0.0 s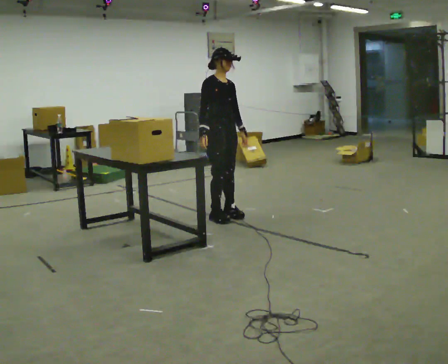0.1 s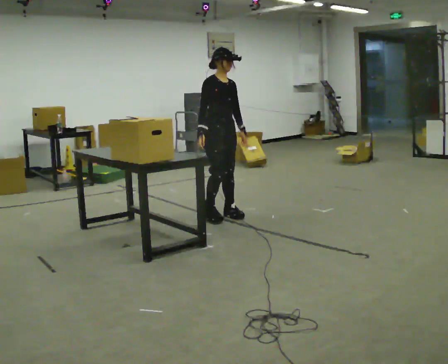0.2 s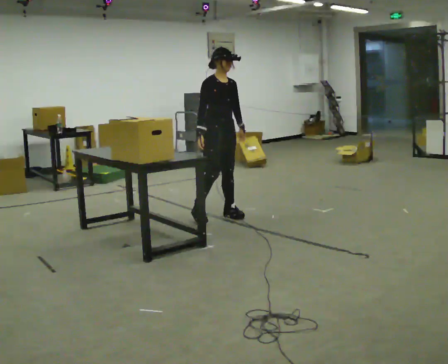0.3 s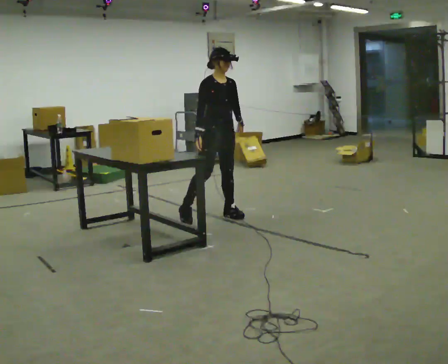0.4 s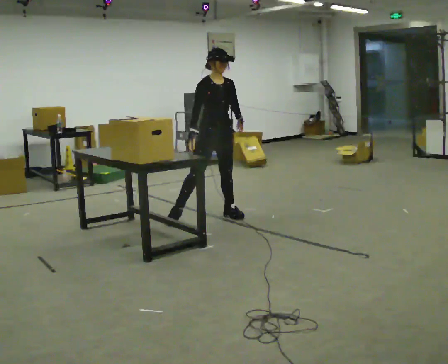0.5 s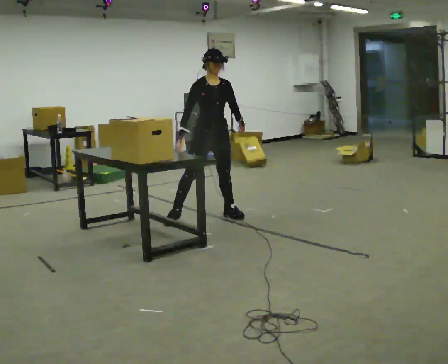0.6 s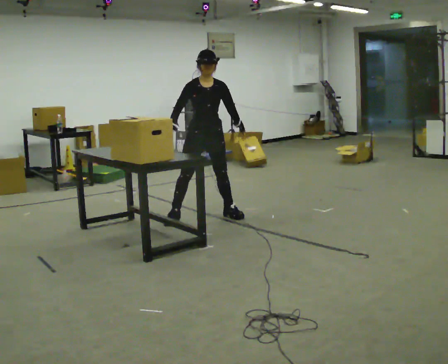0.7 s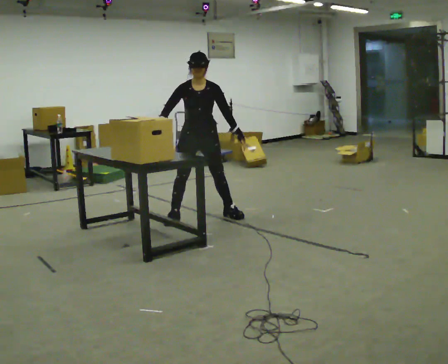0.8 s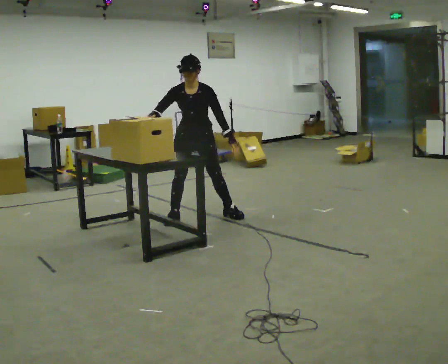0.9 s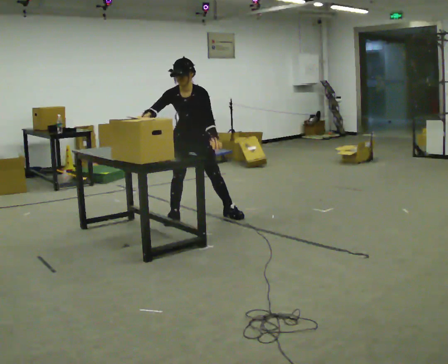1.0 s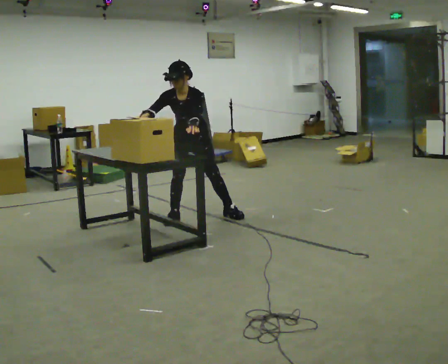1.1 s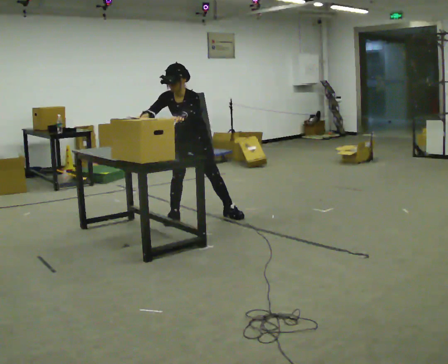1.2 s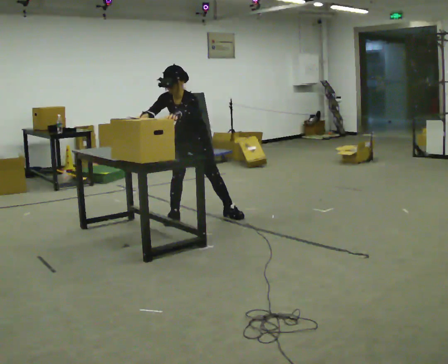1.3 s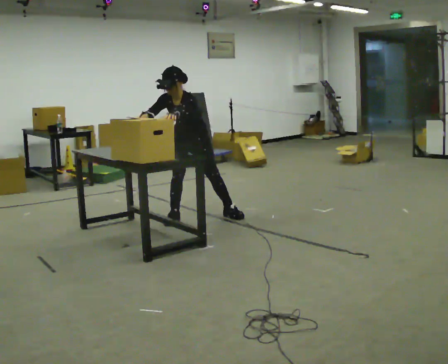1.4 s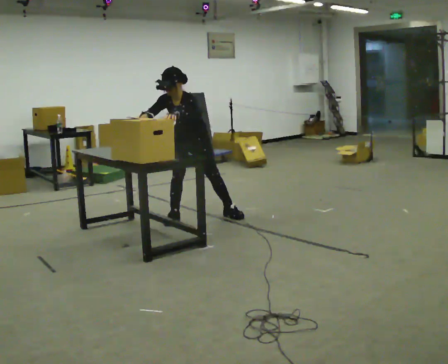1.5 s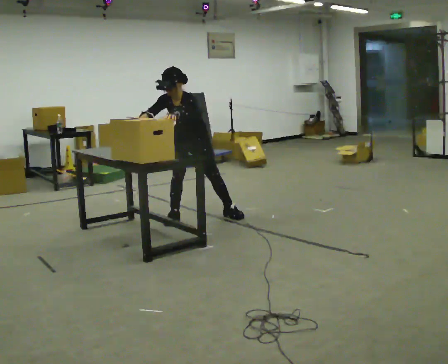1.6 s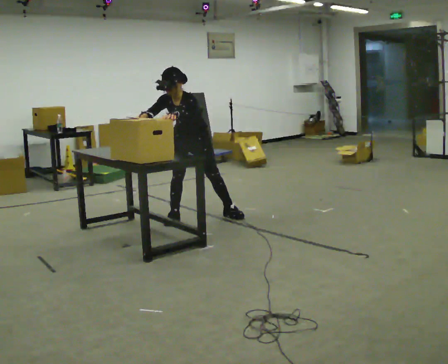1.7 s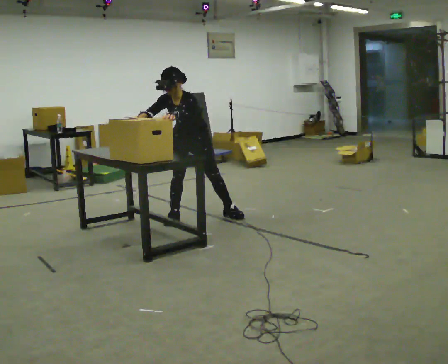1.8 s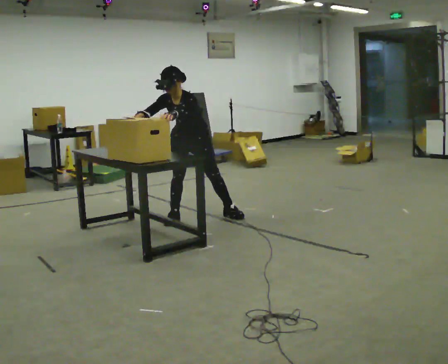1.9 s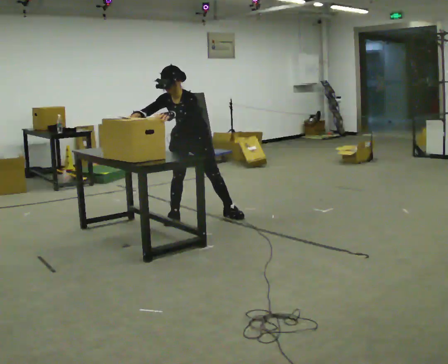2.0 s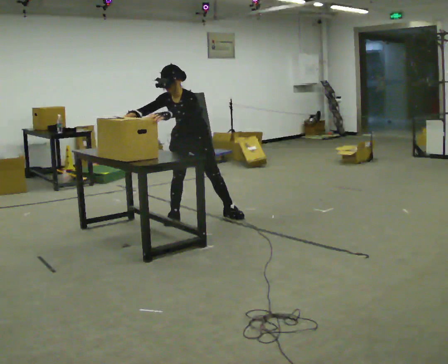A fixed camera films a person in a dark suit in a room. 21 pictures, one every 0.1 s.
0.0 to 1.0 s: Seen from above the body turns clockwise, about 60 degrees: to their right, with its near side sliding to the left. In the picture they go to the left, about 0.25 m in 1 step, which for them is to their right. The upper body tips toward the camera, its near side rolling downward, as they bend forward.
1.0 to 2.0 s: The person moves a little, or ends about where they began.
The film runs backward here.
